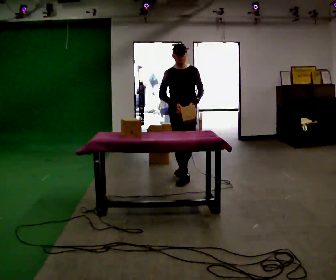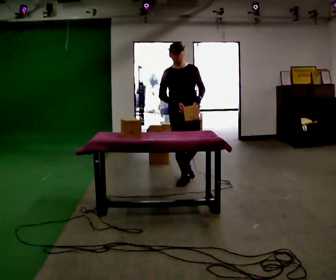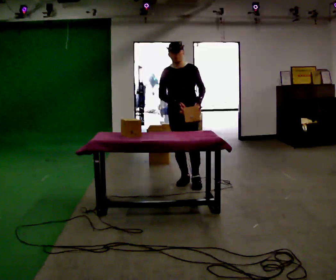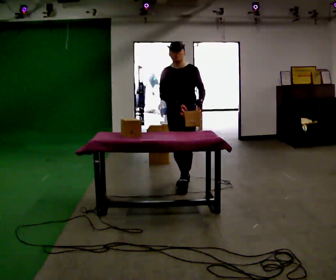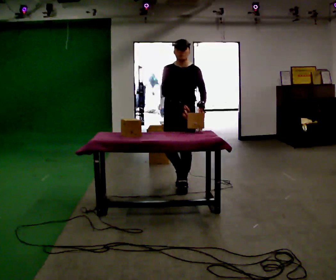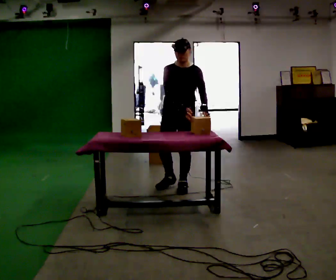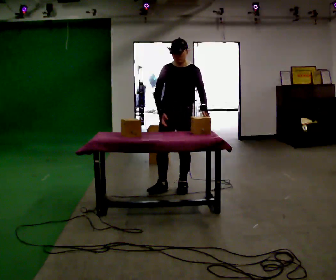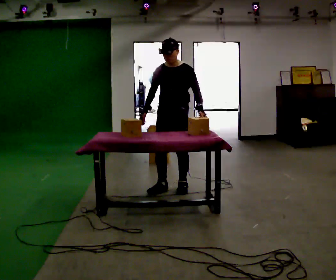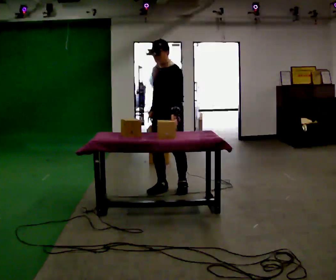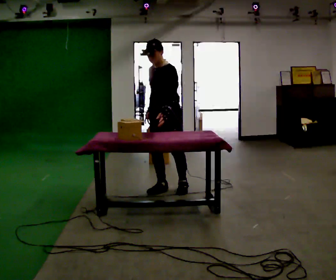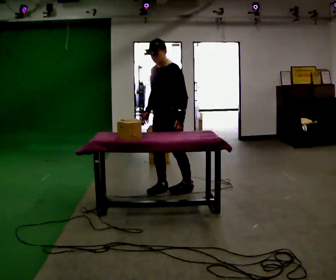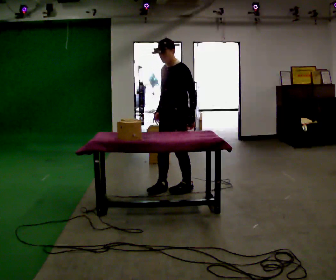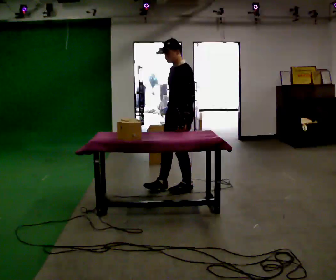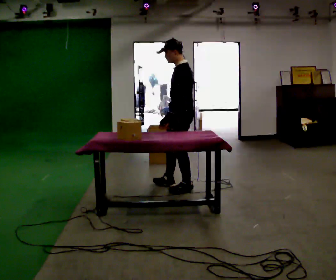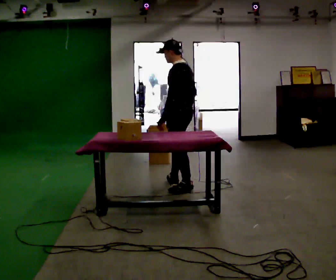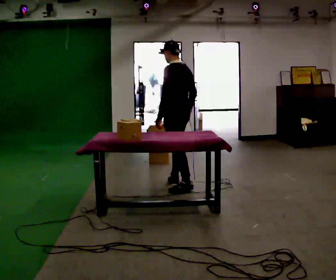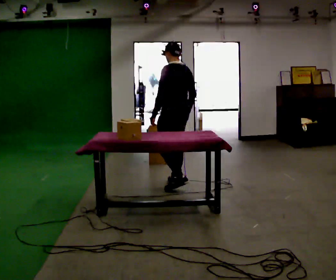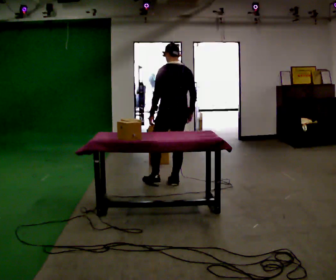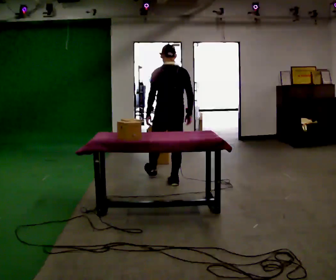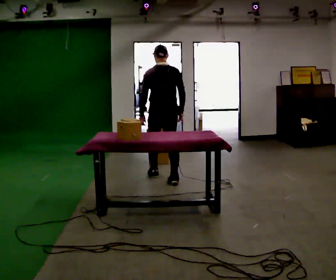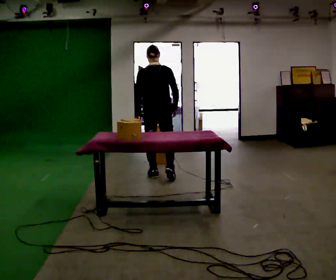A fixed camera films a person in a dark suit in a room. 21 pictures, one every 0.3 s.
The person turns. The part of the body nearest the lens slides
to the left.
The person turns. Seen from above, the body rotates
clockwise.
0.0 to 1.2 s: In the picture they go toward the camera, about 0.5 m in 1 step, which for them is forward.
1.2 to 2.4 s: Seen from above the body turns clockwise, about 30 degrees: to their right, with its near side sliding to the left. In the picture they go toward the camera, about 0.25 m in 1 step, which for them is forward. In the picture their right hand goes to the left.
2.4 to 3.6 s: The person turns about 30 degrees to their right, clockwise seen from above, so the part of the body nearest the lens slides to the left.
3.6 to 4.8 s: The part of the body nearest the lens slides to the left as the person turns to their right by about 60 degrees. In the picture they go away from the camera, about 0.25 m in 1 step. In the picture their left hand goes to the left.
4.8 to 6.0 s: Seen from above the body turns clockwise, about 45 degrees: to their right, with its near side sliding to the left. In the picture they go away from the camera and to the left, about 0.5 m in 1 step, which for them is forward and to their left.
The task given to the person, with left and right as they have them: Carry the object across the room and slide it into the slot on the shelf. It is a close fit, so take the time you need. Keep going until the operator says stop; one object at a time, and do not rush between trips.
The film runs forward here.
